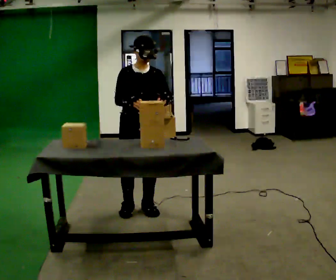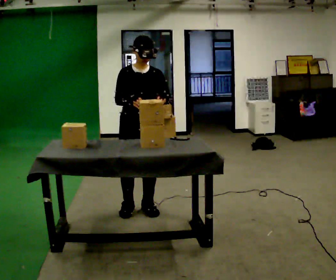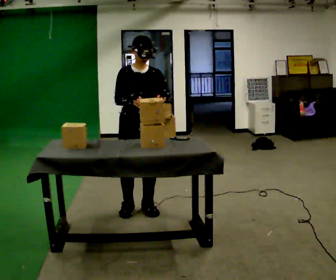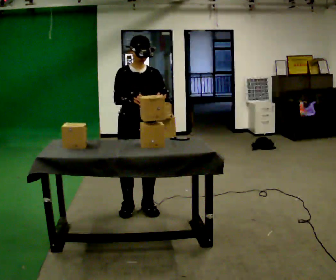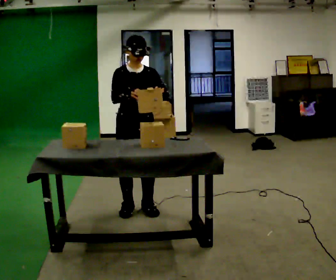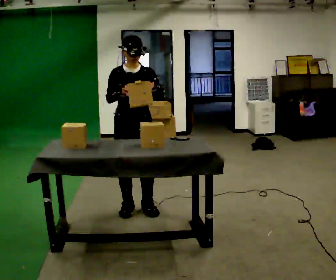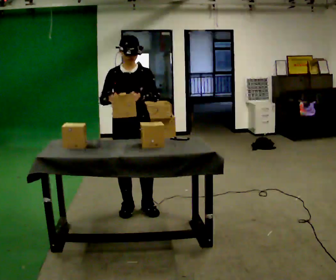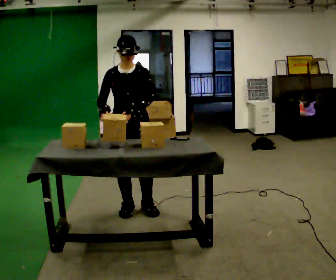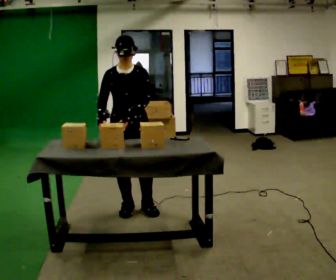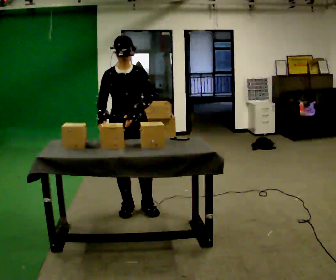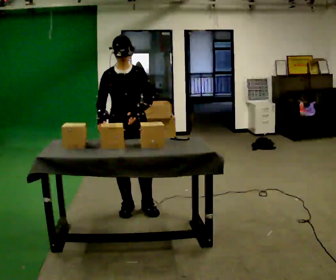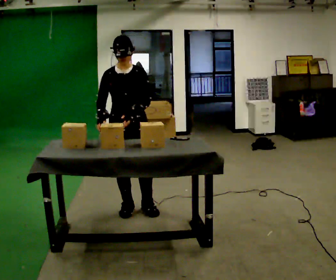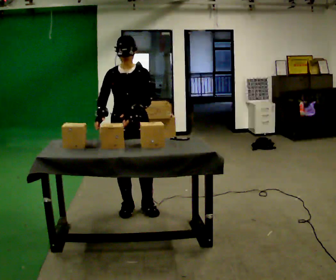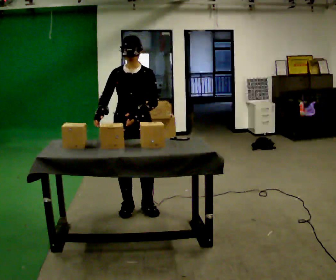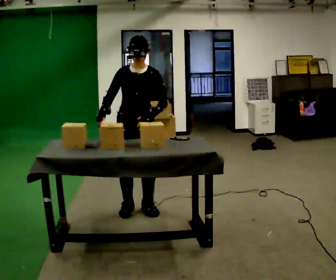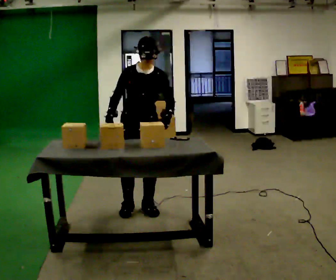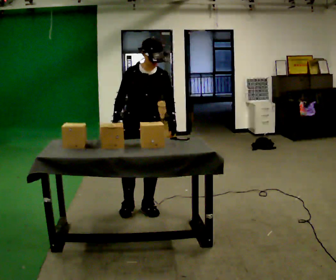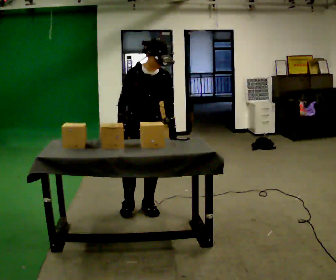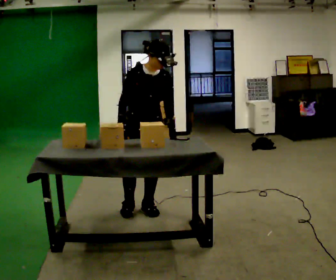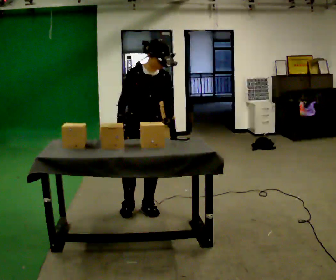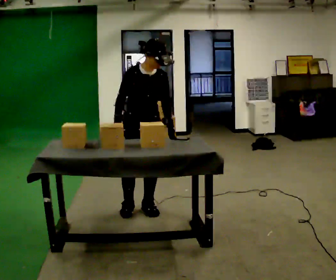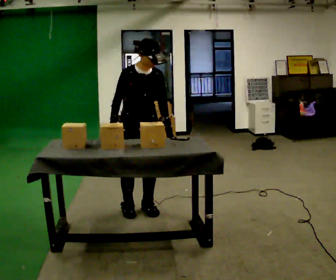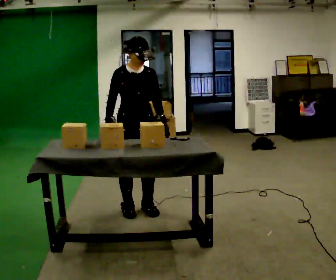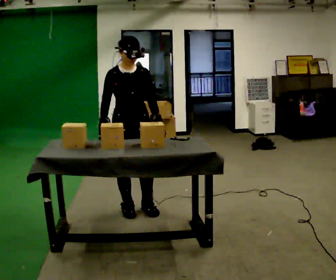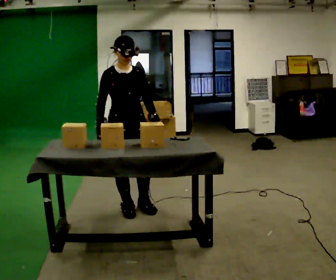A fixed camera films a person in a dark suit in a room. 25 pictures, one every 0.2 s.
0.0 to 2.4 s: The person moves a little, or ends about where they began.
2.4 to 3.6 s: In the picture their left hand goes to the right.
3.6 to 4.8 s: In the picture they go to the left, about 0.25 m in 1 step, which for them is to their right.
The film runs backward here.
